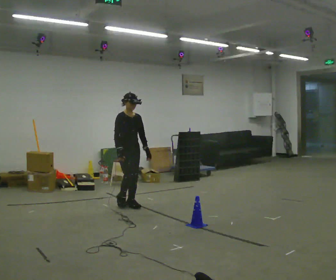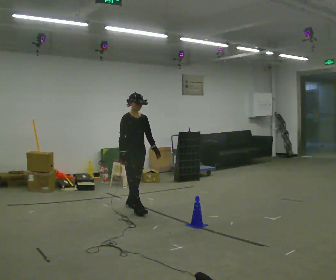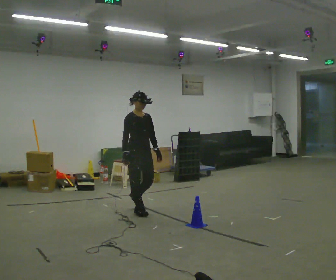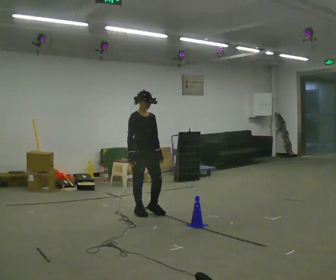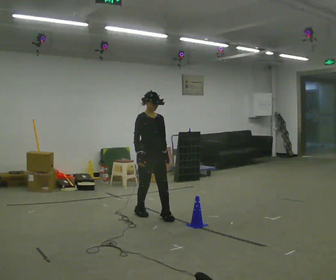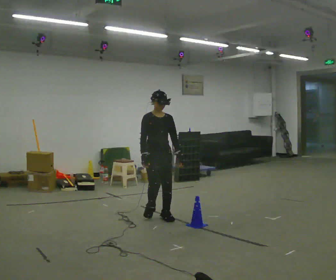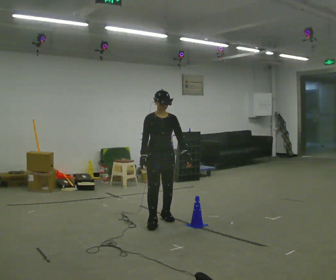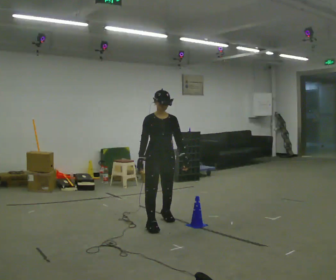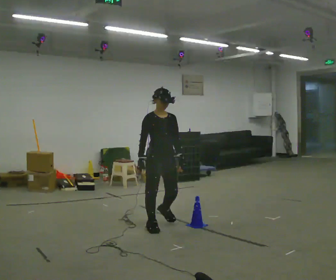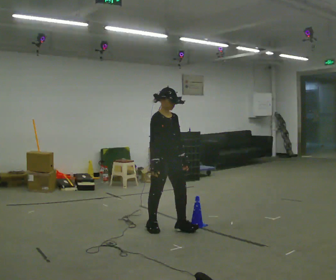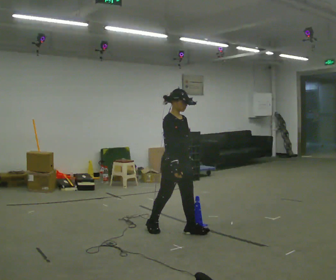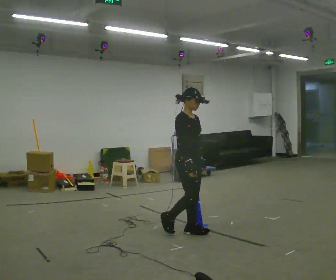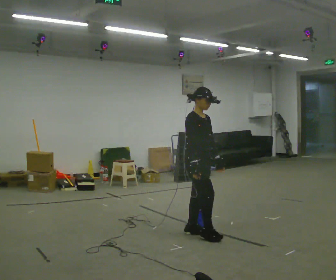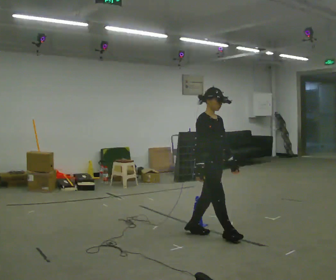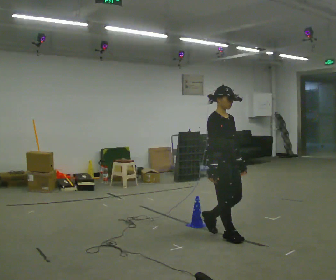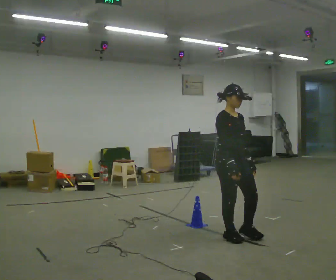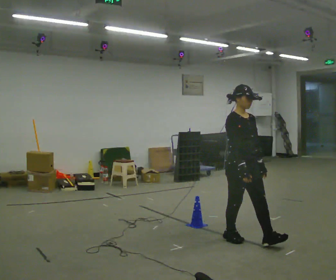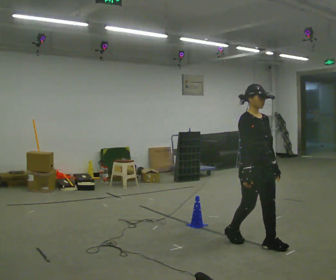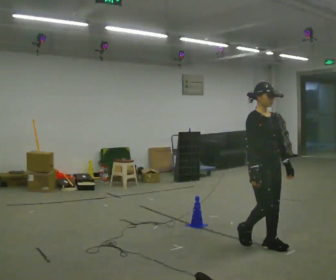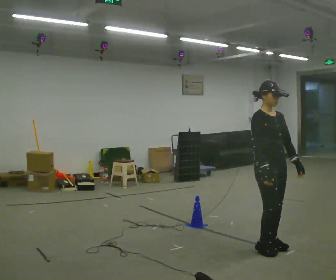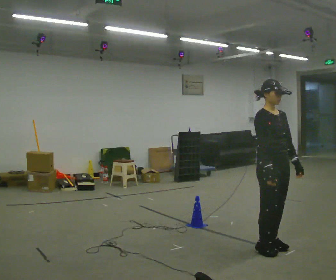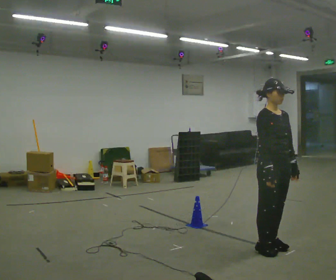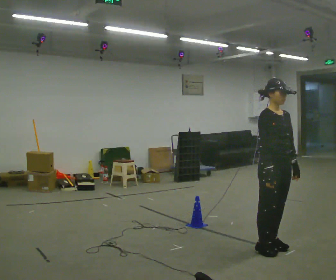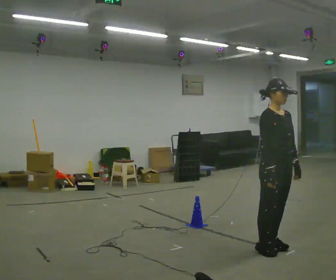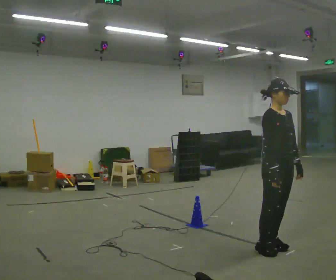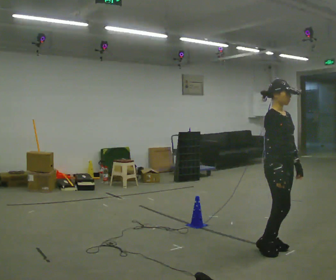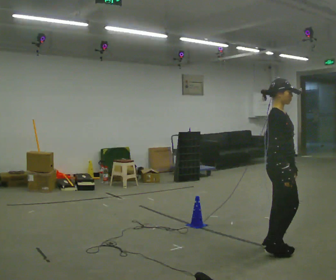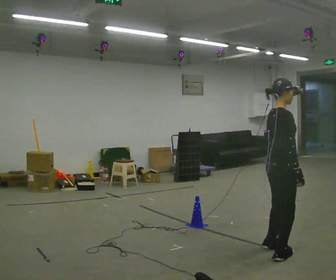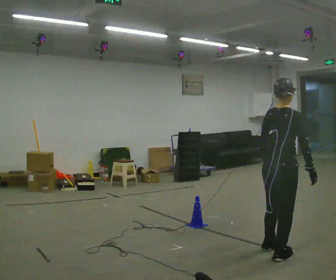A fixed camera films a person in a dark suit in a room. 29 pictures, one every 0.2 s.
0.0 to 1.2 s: The part of the body nearest the lens slides to the left as the person turns to their right by about 30 degrees. In the picture they go toward the camera and to the right, about 1 m in 2 steps, which for them is forward.
1.2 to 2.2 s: The part of the body nearest the lens slides to the right as the person turns to their left by about 45 degrees. In the picture they go toward the camera and to the right, about 0.5 m in 2 steps, which for them is forward.
2.2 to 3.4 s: Seen from above the body turns clockwise, about 30 degrees: to their right, with its near side sliding to the left. In the picture they go to the right and toward the camera, about 1 m in 2 steps, which for them is forward.
3.4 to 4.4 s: In the picture they go toward the camera, about 0.25 m in 1 step, which for them is forward.
4.4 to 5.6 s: The person turns about 105 degrees to their left, counterclockwise seen from above, so the part of the body nearest the lens slides to the right. In the picture they go toward the camera, about 0.25 m in 1 step. In the picture their left hand goes to the left.
The film runs forward here.
